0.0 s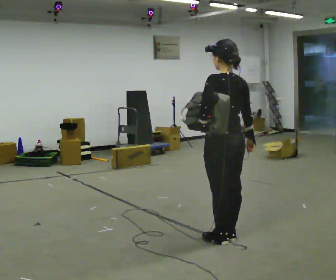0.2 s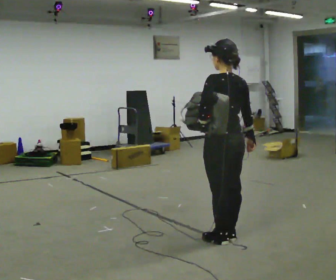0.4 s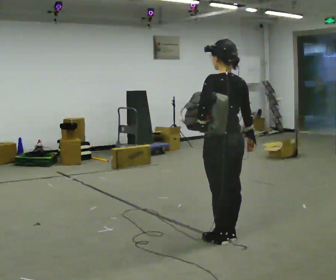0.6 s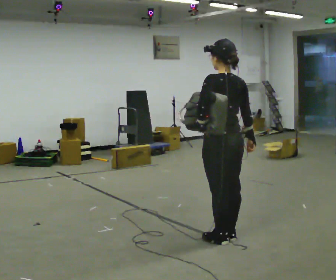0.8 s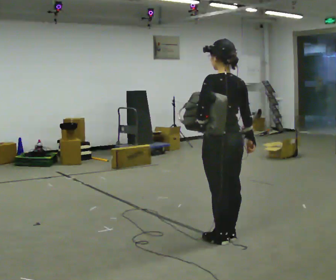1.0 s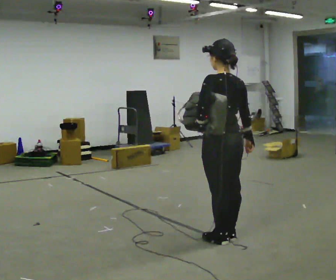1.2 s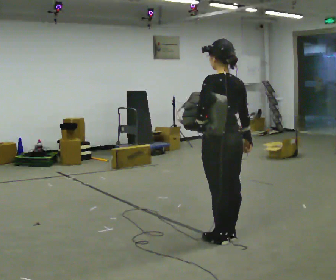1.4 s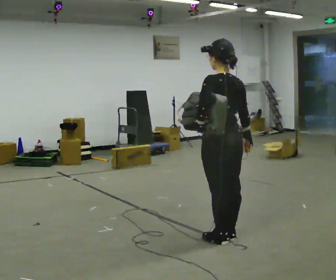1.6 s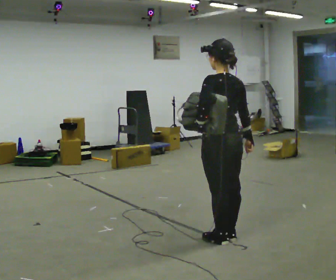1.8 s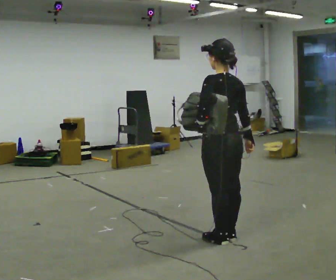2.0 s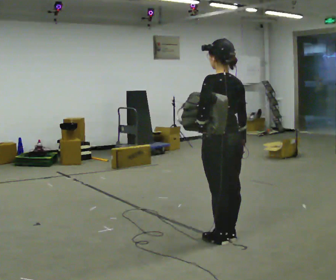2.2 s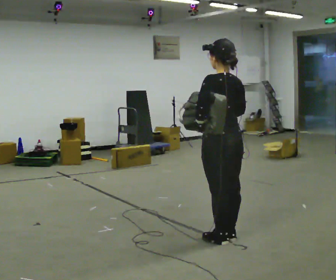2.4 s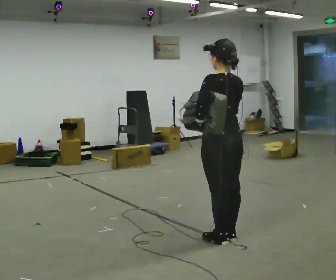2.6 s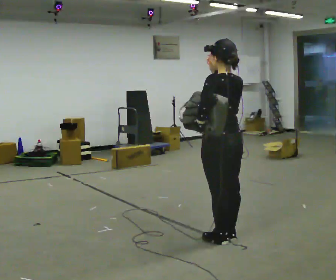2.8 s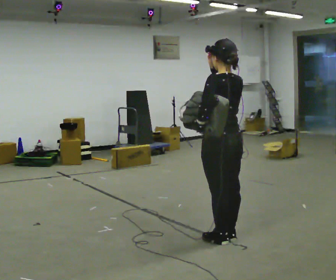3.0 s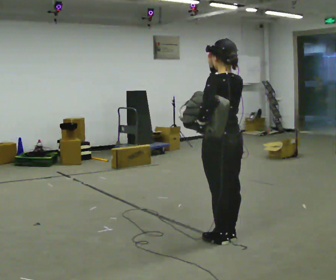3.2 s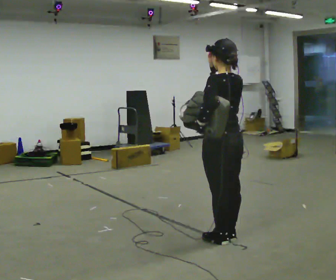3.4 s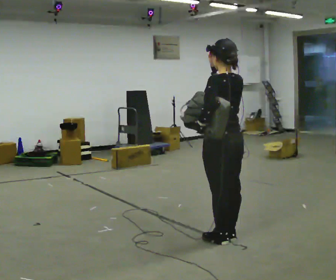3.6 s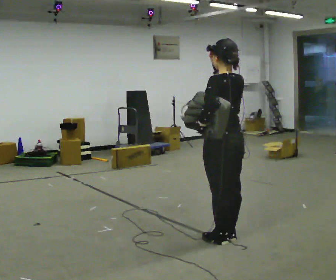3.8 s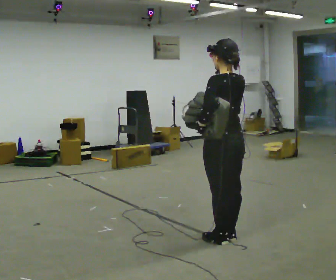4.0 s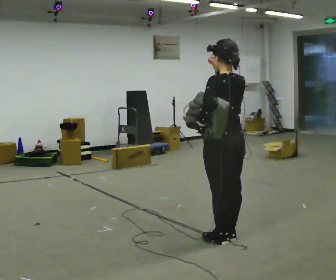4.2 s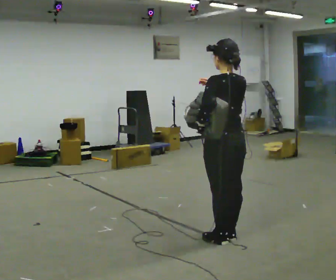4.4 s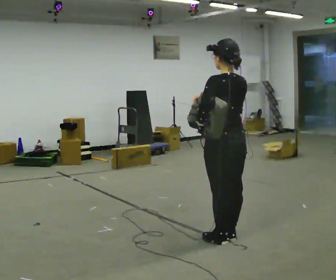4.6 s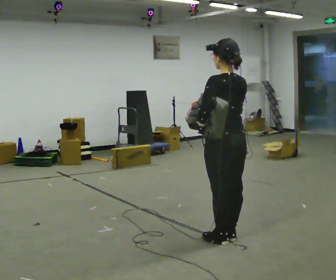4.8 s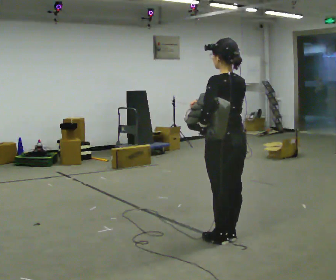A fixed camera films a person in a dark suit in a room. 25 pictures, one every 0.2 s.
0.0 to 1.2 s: The person keeps their place and pose.
1.2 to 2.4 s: In the picture their right hand goes upward.
2.4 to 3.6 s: The person moves a little, or ends about where they began.
3.6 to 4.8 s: In the picture their right hand goes downward.
The film runs backward here.
